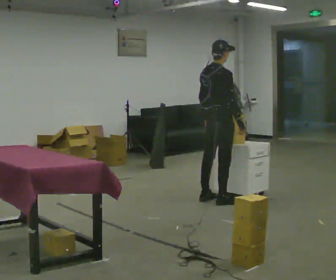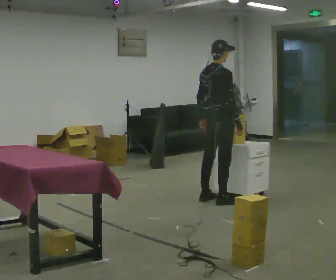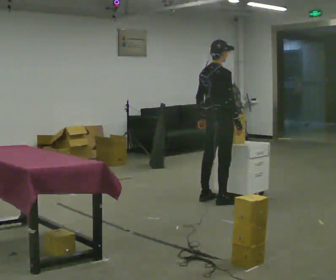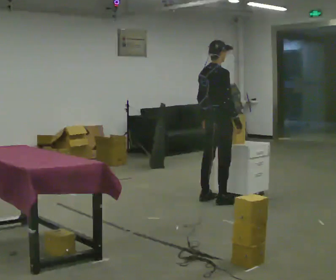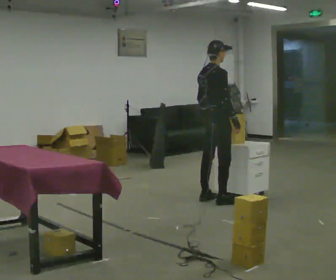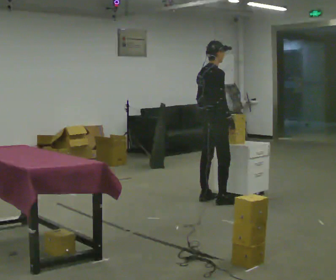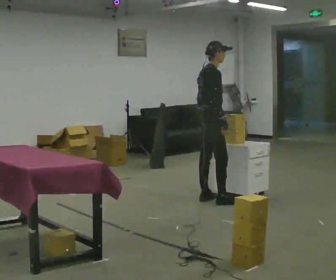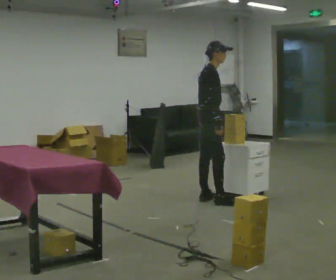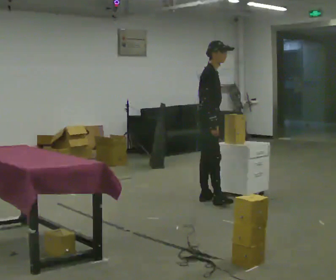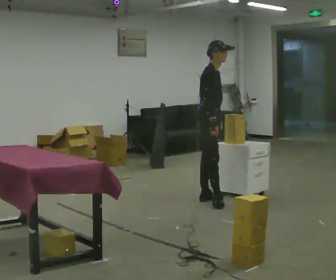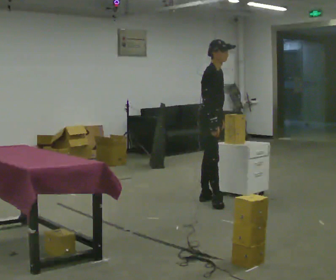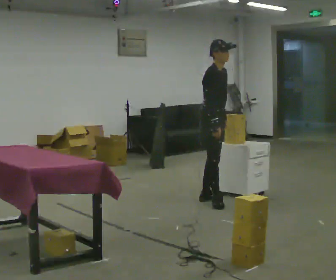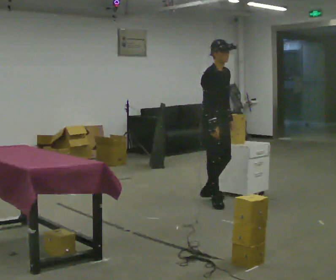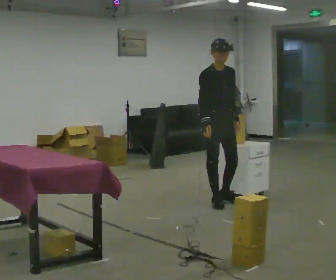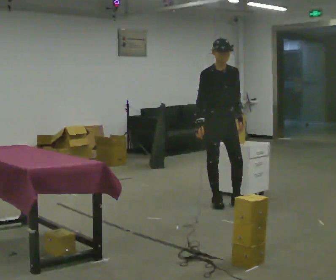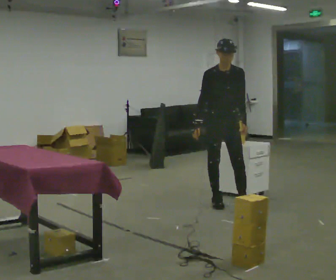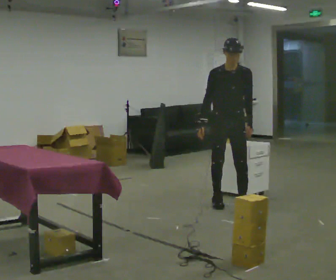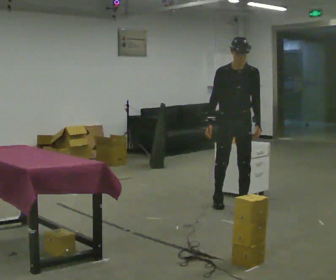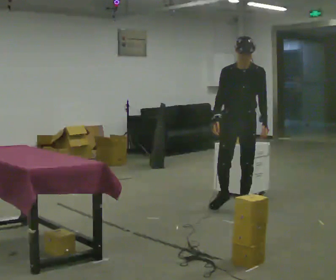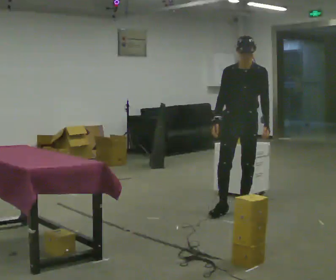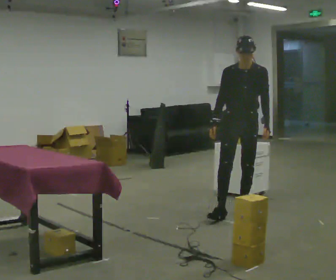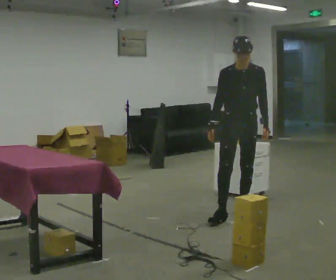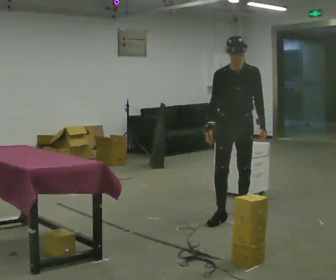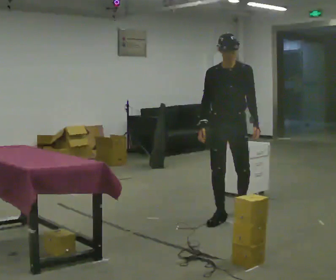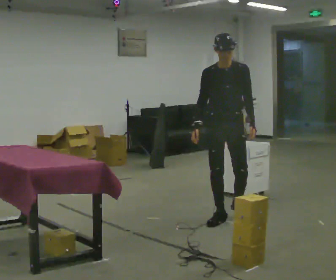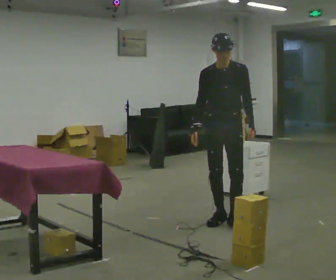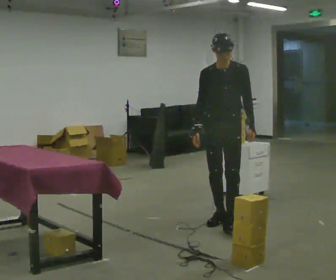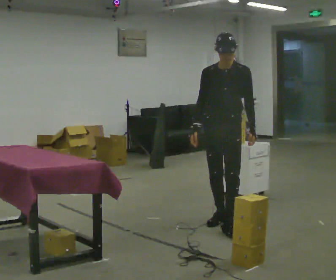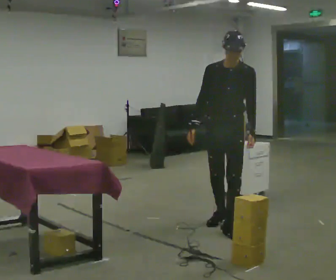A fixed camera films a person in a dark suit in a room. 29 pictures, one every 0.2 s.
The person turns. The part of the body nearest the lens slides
to the left.
The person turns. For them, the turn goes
to their right.
0.0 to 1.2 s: The person moves a little, or ends about where they began.
1.2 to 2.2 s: The person turns about 45 degrees to their right, clockwise seen from above, so the part of the body nearest the lens slides to the left.
2.2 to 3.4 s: Seen from above the body turns clockwise, about 75 degrees: to their right, with its near side sliding to the left. In the picture they go toward the camera and to the right, about 0.25 m in 1 step.
3.4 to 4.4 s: In the picture they go toward the camera, about 0.25 m in 1 step, which for them is forward.
4.4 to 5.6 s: In the picture they go toward the camera, about 0.5 m in 1 step, which for them is forward.
The film runs forward here.
